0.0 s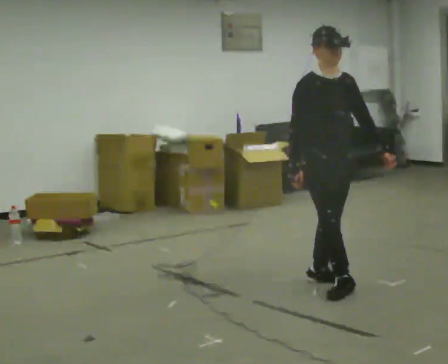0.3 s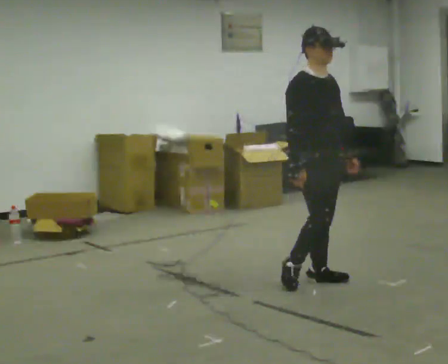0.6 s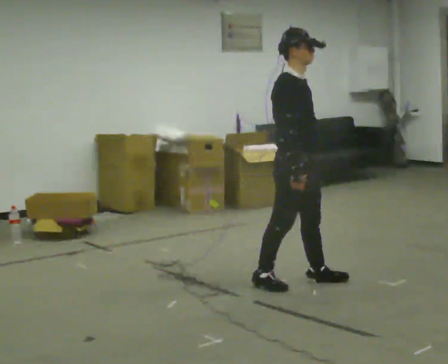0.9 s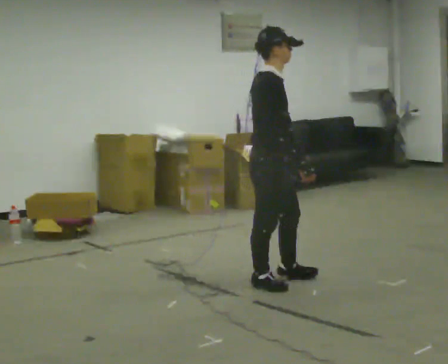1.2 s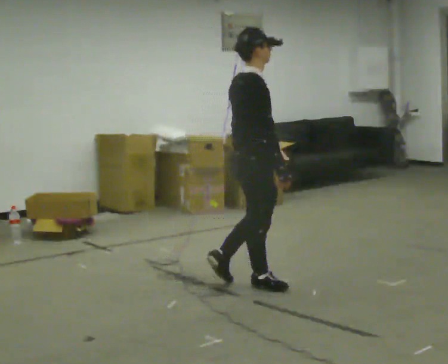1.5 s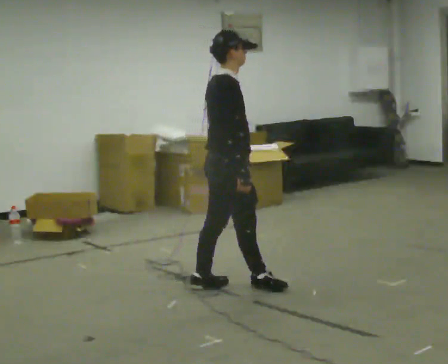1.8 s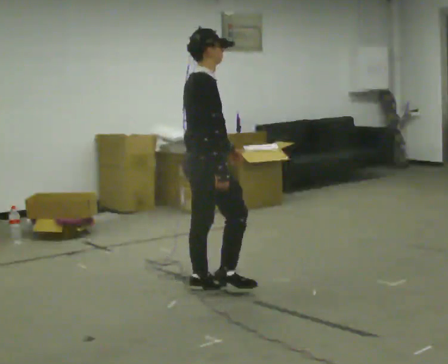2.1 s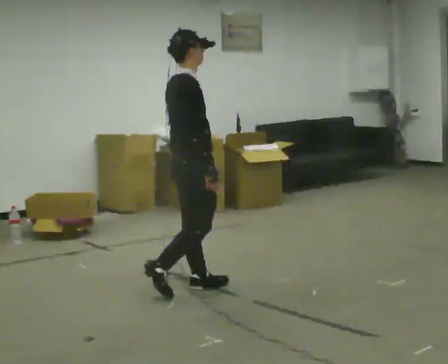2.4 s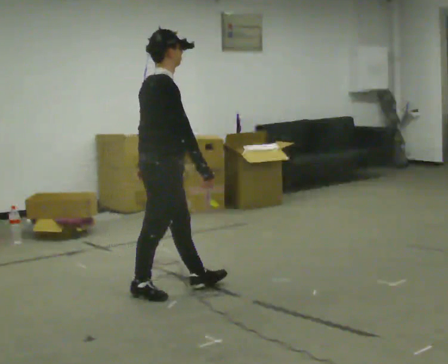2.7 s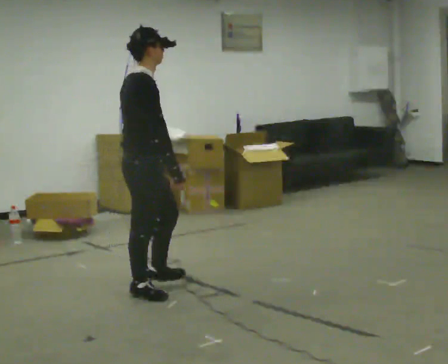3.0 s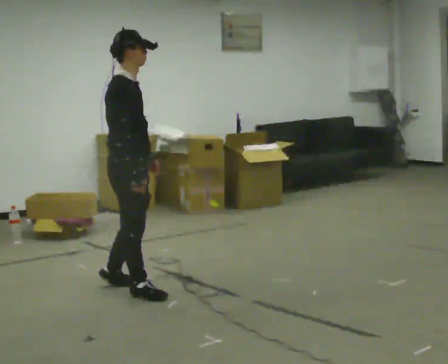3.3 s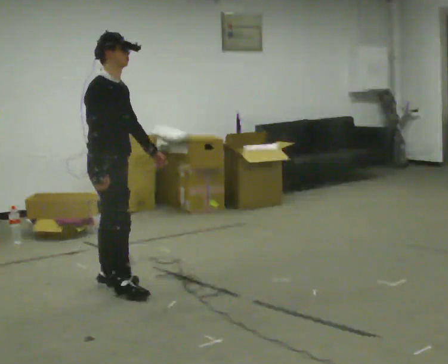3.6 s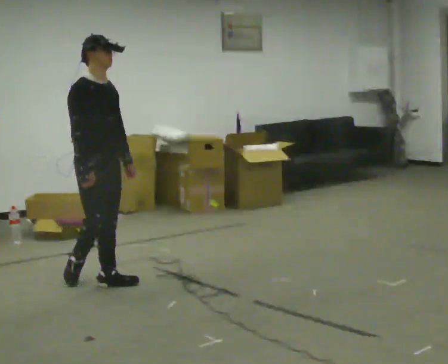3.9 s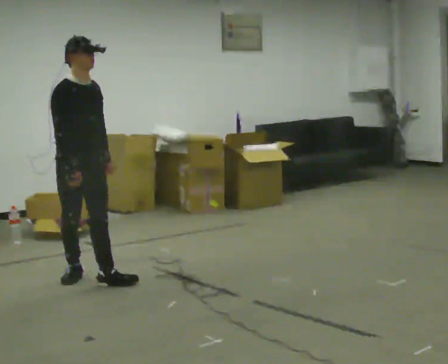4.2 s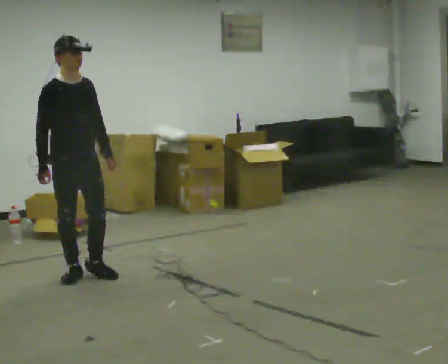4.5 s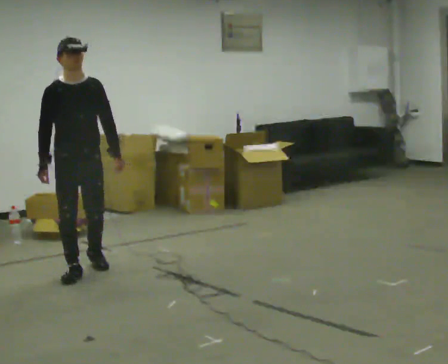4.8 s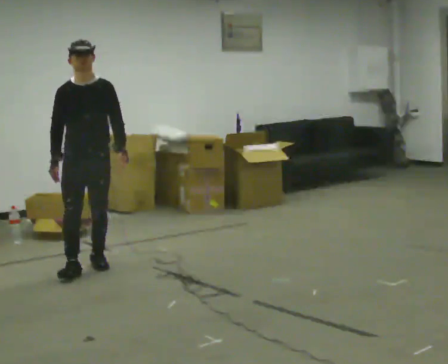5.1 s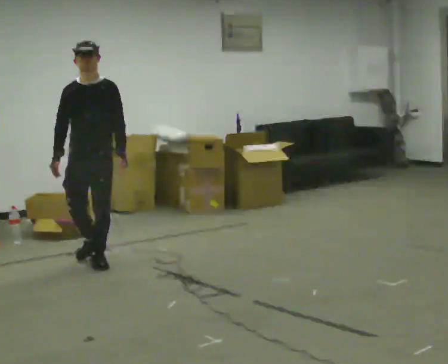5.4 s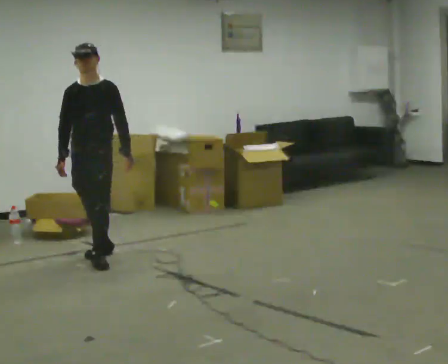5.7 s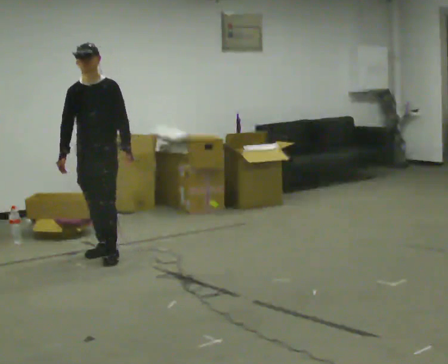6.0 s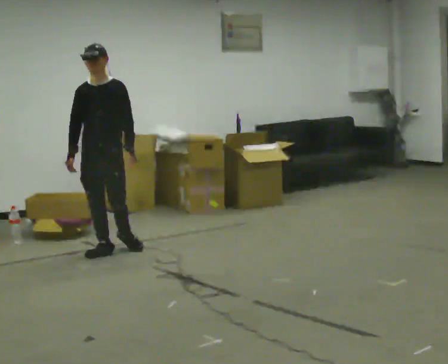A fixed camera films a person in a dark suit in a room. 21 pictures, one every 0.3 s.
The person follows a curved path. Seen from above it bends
clockwise.
0.0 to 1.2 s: The person turns about 75 degrees to their left, counterclockwise seen from above, so the part of the body nearest the lens slides to the right. In the picture they go to the left, about 0.5 m in 2 steps.
1.2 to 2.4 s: In the picture they go to the left, about 0.5 m in 1 step, which for them is backward.
2.4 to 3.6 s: The person turns about 45 degrees to their right, clockwise seen from above, so the part of the body nearest the lens slides to the left. In the picture they go away from the camera and to the left, about 0.5 m in 2 steps, which for them is backward and to their left.
3.6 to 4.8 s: The person turns about 45 degrees to their right, clockwise seen from above, so the part of the body nearest the lens slides to the left. In the picture they go away from the camera, about 0.5 m in 2 steps, which for them is backward.
4.8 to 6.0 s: In the picture they go away from the camera and to the right, about 0.5 m in 1 step, which for them is backward.
The film runs backward here.
